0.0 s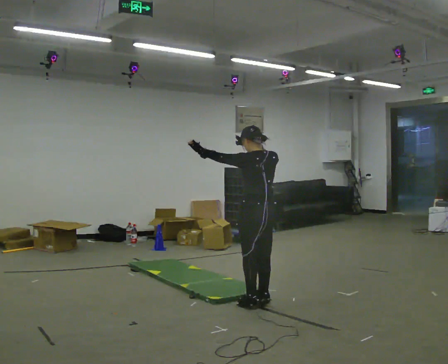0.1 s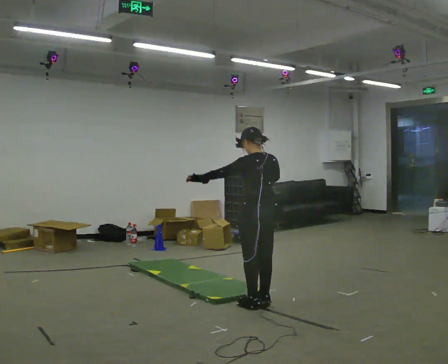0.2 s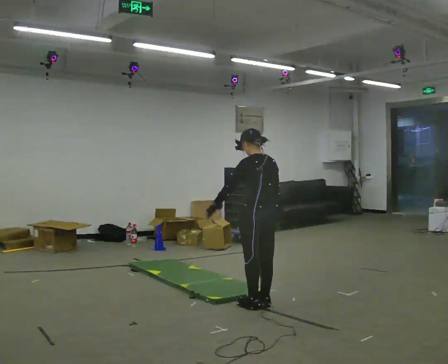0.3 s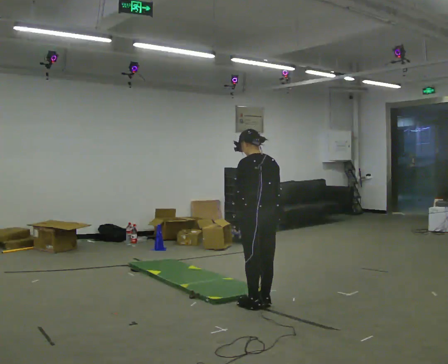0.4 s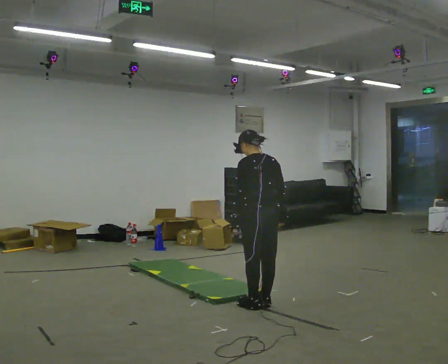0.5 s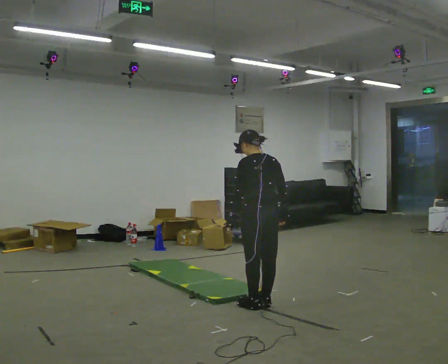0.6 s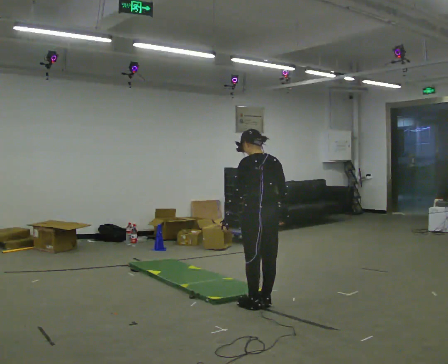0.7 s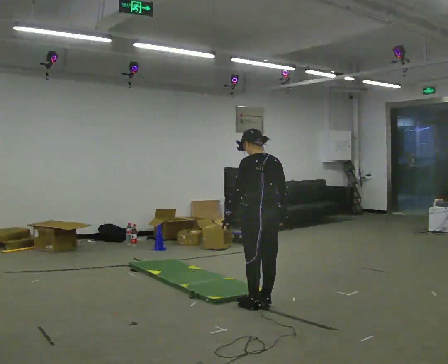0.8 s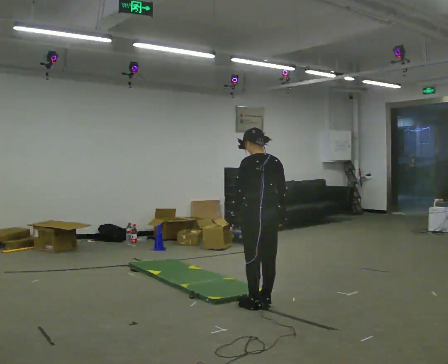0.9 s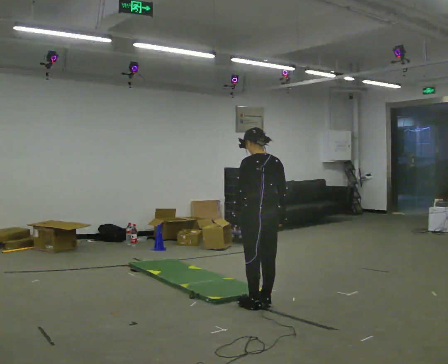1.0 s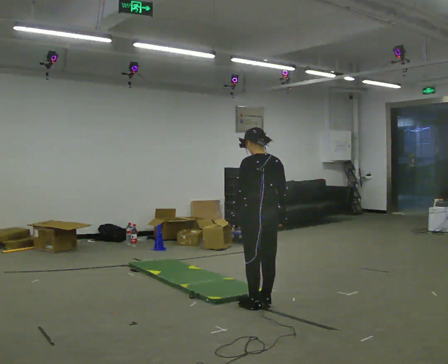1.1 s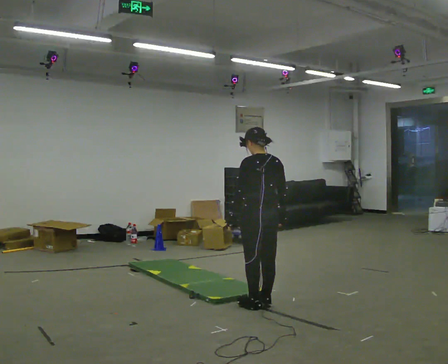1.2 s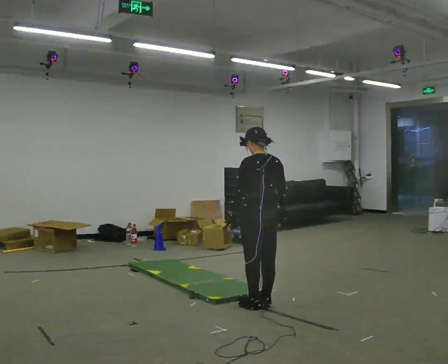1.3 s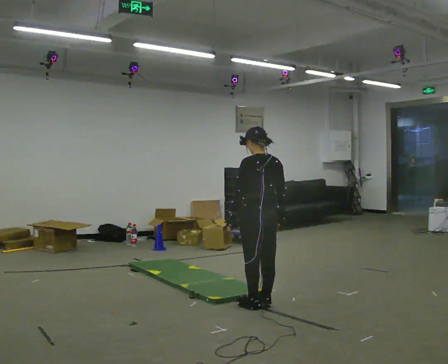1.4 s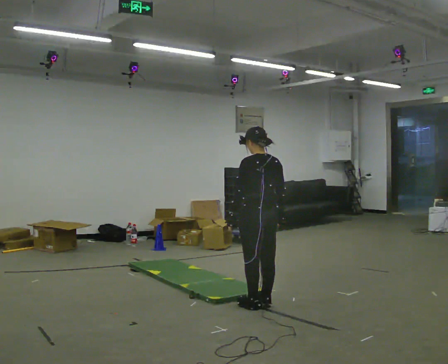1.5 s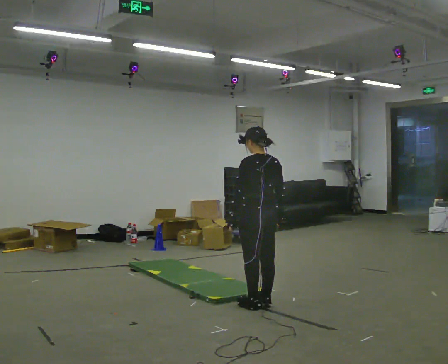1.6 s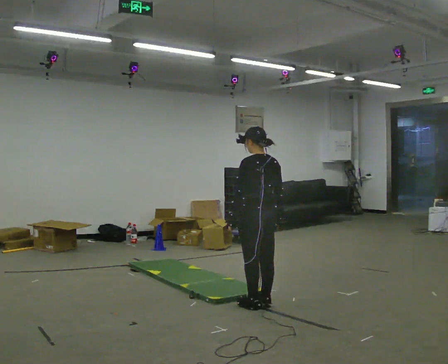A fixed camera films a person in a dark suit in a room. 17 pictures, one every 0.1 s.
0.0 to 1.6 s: In the picture their right hand goes downward.
The film runs forward here.
